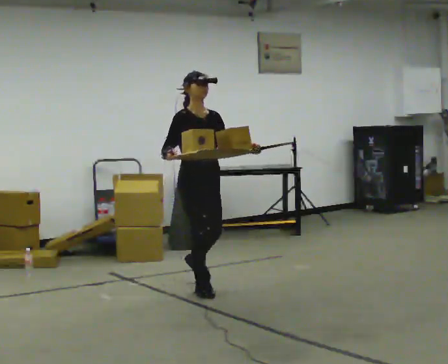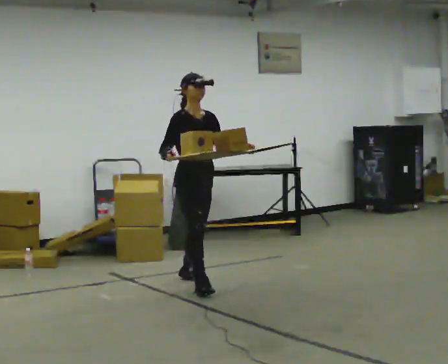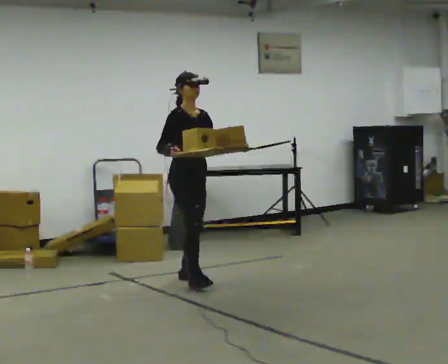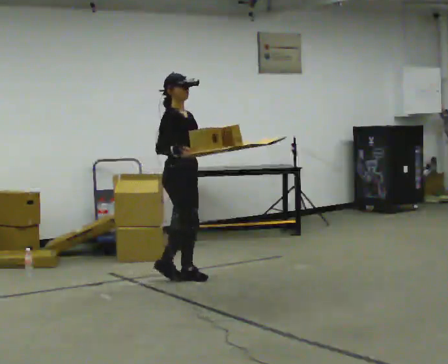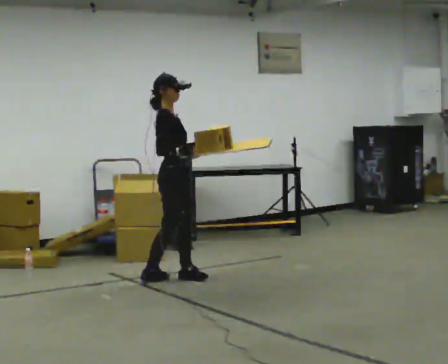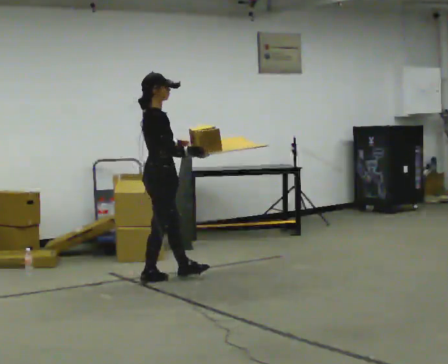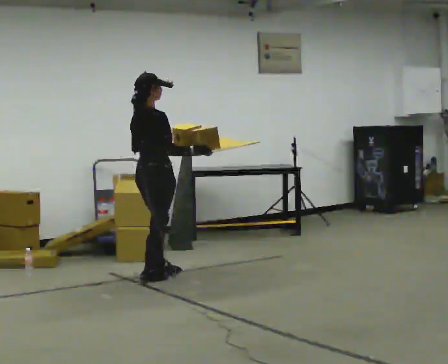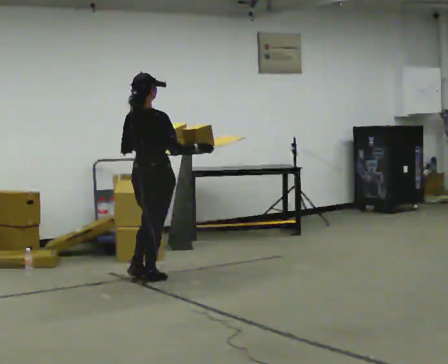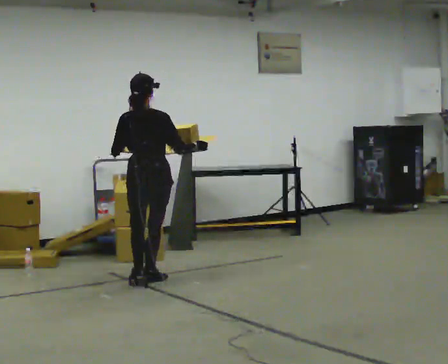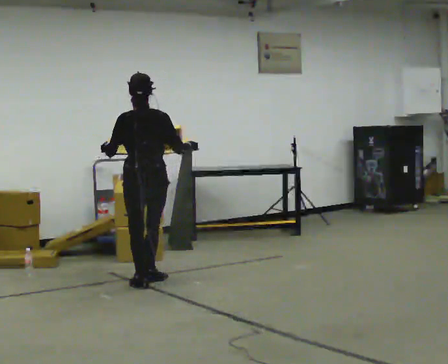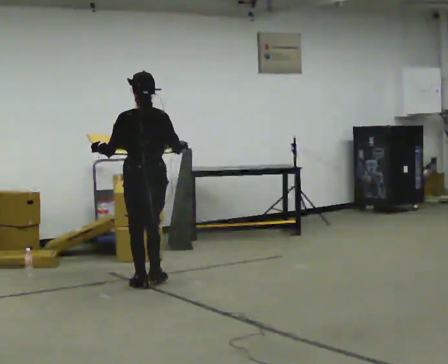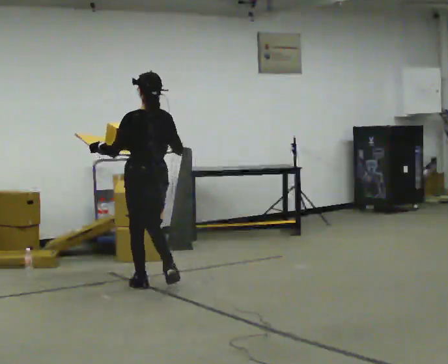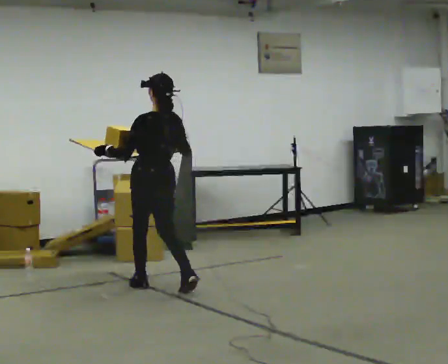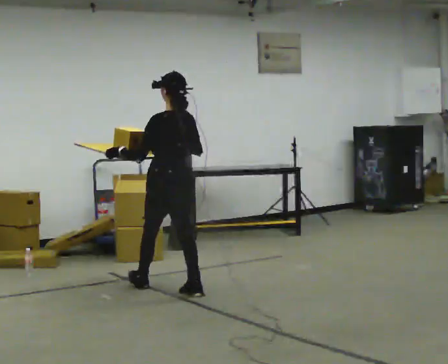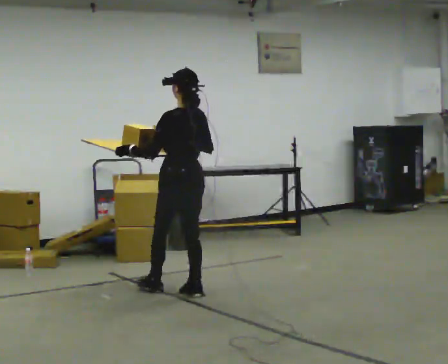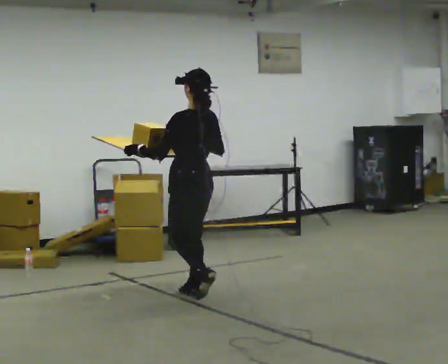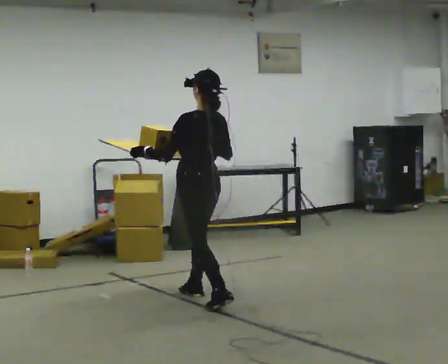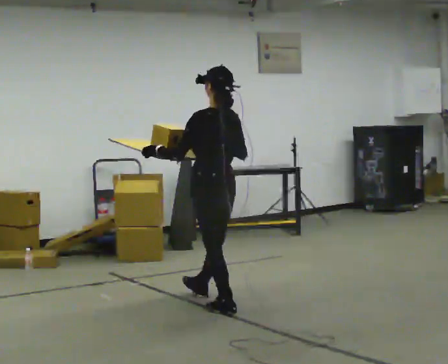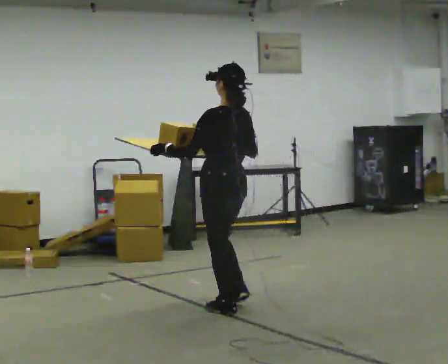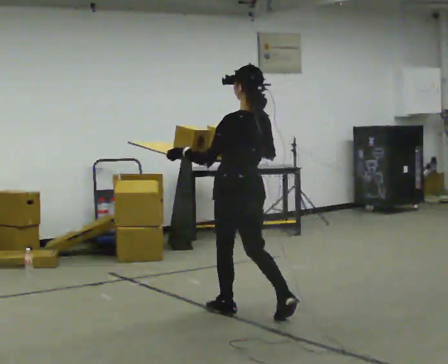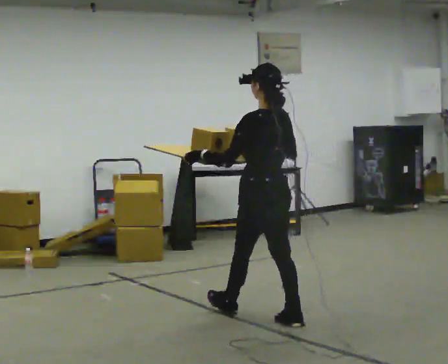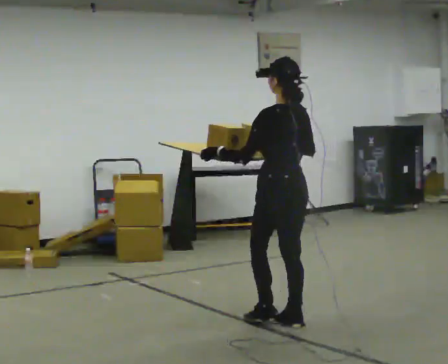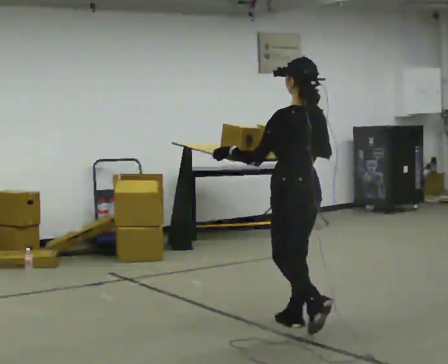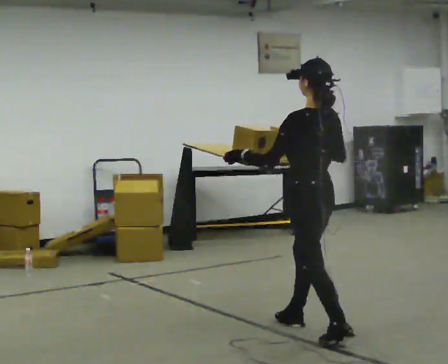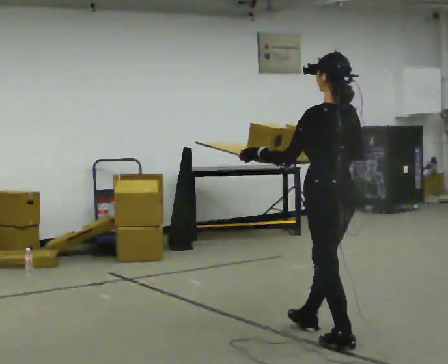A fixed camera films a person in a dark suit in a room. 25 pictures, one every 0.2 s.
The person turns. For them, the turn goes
to their left.
The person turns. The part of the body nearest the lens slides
to the right.
0.0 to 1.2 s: Seen from above the body turns counterclockwise, about 90 degrees: to their left, with its near side sliding to the right. In the picture they go away from the camera and to the left, about 0.5 m in 2 steps.
1.2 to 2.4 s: The part of the body nearest the lens slides to the right as the person turns to their left by about 90 degrees. In the picture they go toward the camera, about 0.25 m in 1 step.
2.4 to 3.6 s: In the picture they go toward the camera and to the right, about 1 m in 2 steps, which for them is backward.
3.6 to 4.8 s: In the picture they go toward the camera and to the right, about 1 m in 2 steps, which for them is backward.
The film runs backward here.
